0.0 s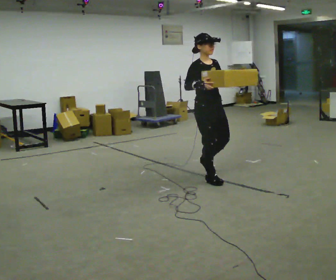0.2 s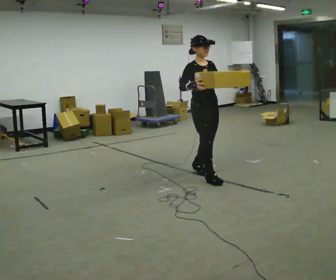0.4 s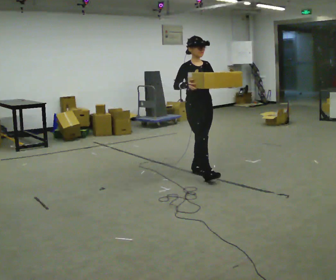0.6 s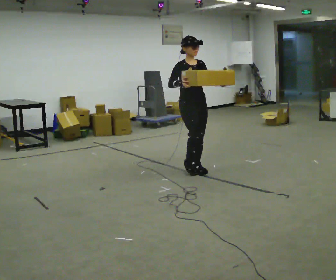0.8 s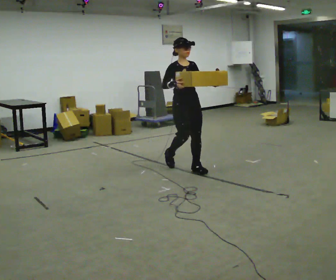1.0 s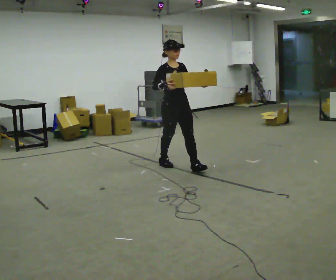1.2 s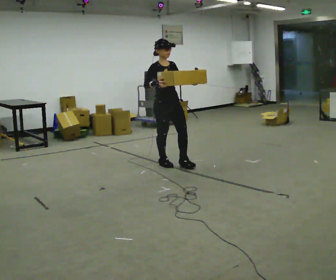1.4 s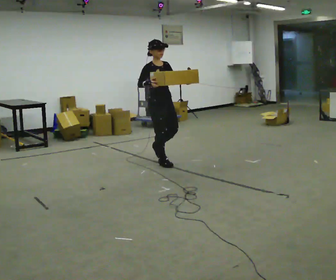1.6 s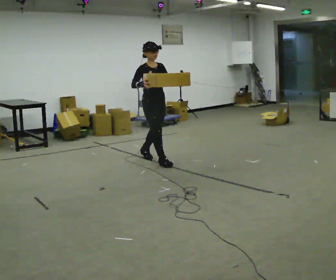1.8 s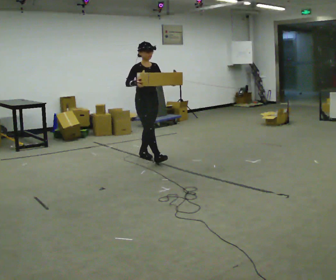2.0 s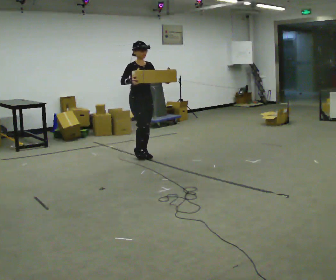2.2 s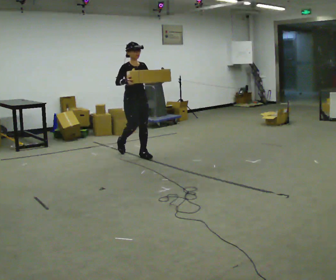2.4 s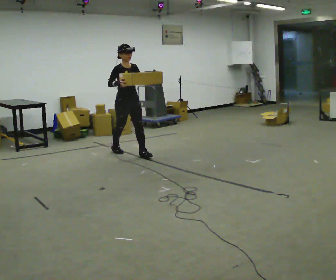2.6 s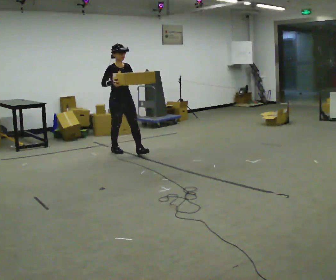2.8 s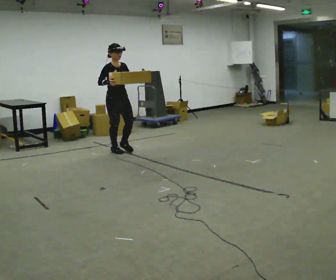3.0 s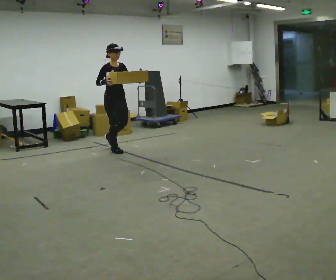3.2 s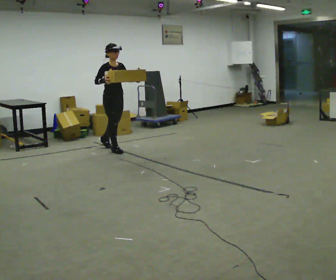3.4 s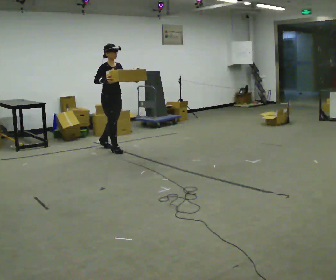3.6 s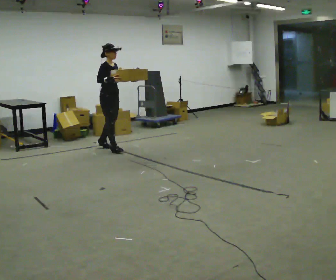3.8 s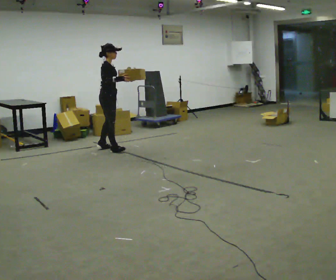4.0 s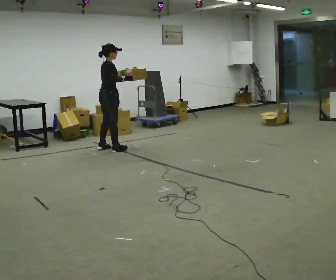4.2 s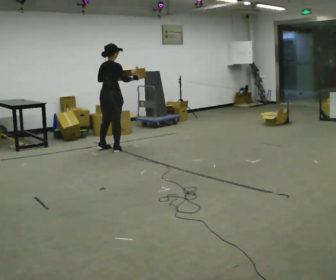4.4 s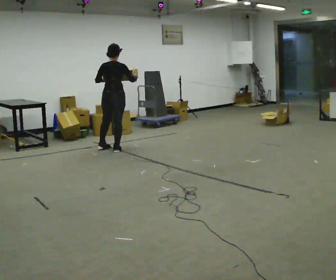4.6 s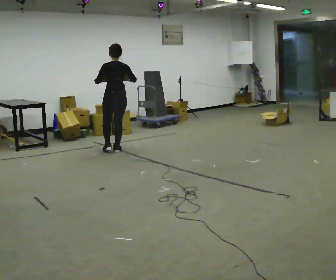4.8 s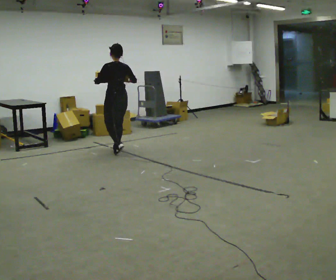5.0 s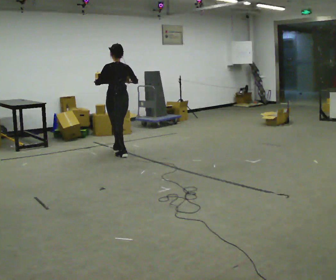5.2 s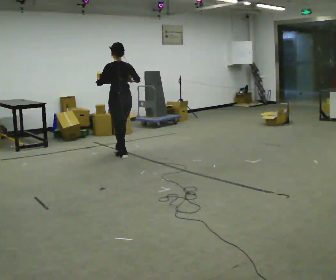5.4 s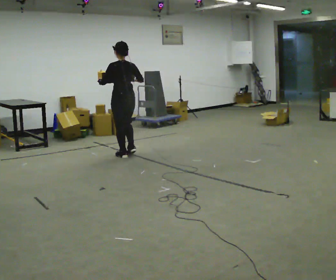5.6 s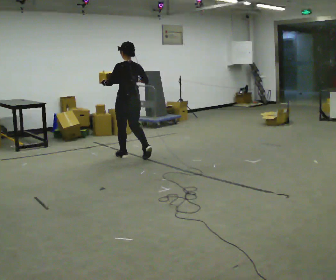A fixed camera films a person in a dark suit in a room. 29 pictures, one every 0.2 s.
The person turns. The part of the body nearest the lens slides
to the right.
The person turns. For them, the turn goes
to their left.
0.0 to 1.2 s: In the picture they go away from the camera and to the left, about 1 m in 2 steps, which for them is backward.
1.2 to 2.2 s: In the picture they go away from the camera and to the left, about 0.5 m in 1 step, which for them is backward.
2.2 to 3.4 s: In the picture they go away from the camera and to the left, about 0.5 m in 1 step, which for them is backward.
3.4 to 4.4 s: Seen from above the body turns counterclockwise, about 120 degrees: to their left, with its near side sliding to the right. In the picture their right hand goes to the right.
4.4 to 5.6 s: Seen from above the body turns counterclockwise, about 30 degrees: to their left, with its near side sliding to the right. In the picture they go toward the camera and to the right, about 0.5 m in 1 step, which for them is backward.
The film runs backward here.
